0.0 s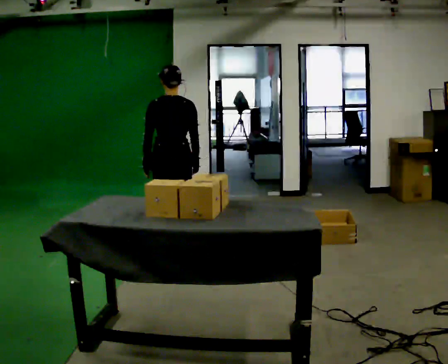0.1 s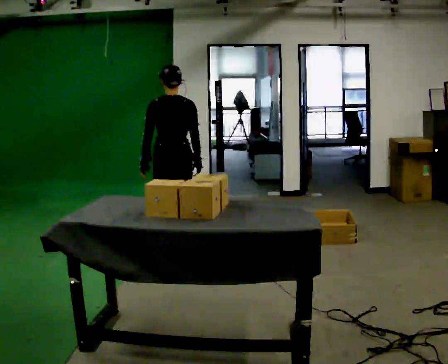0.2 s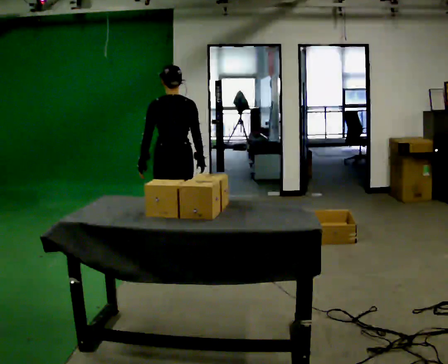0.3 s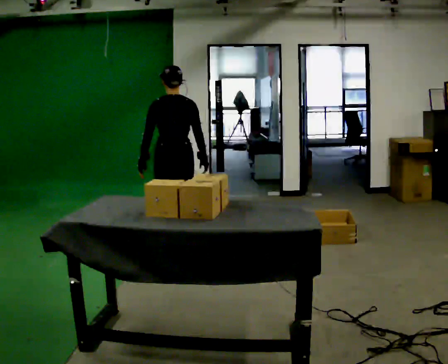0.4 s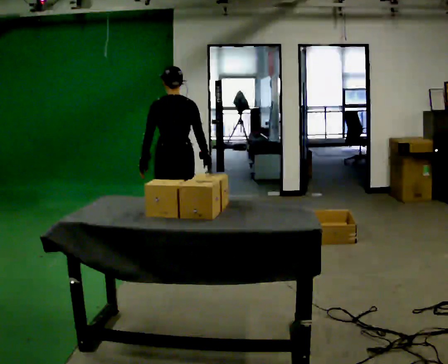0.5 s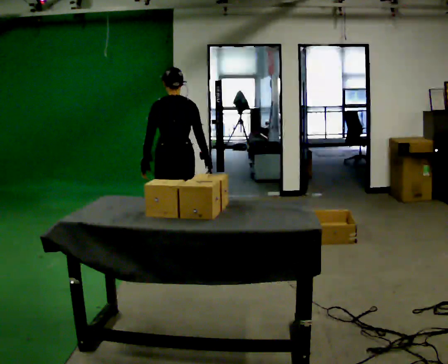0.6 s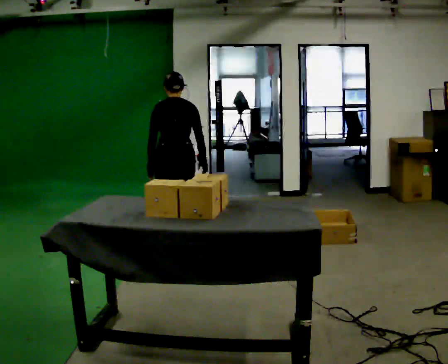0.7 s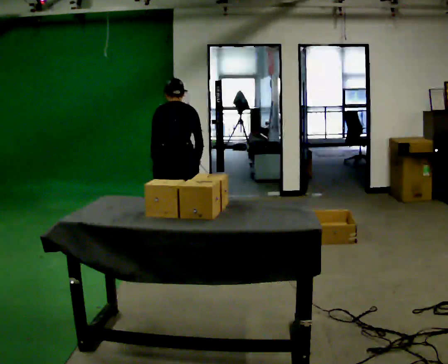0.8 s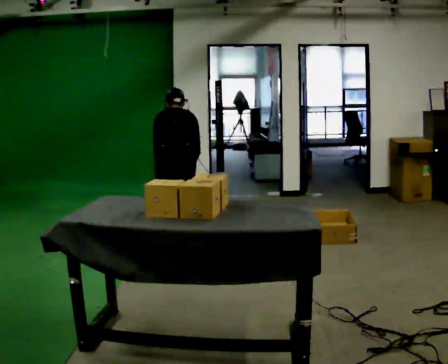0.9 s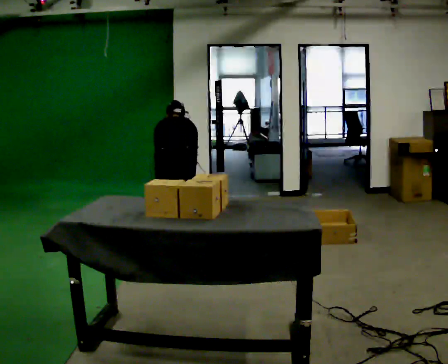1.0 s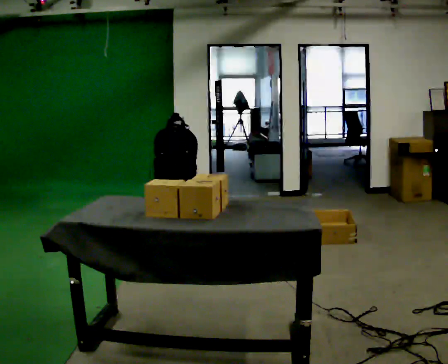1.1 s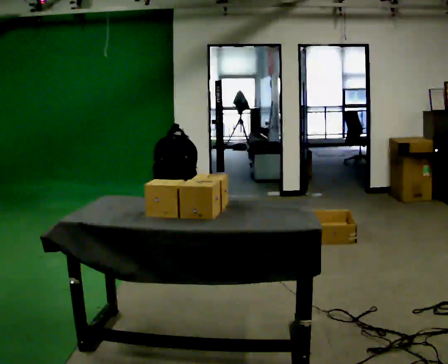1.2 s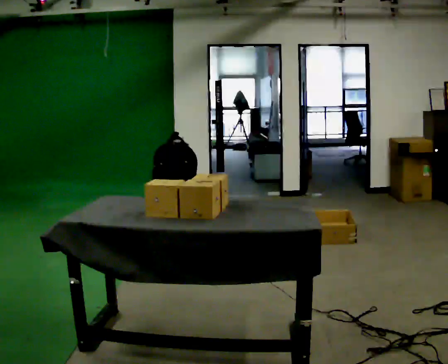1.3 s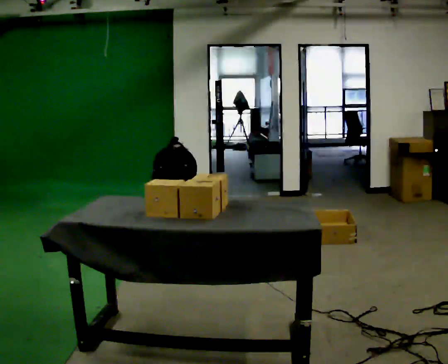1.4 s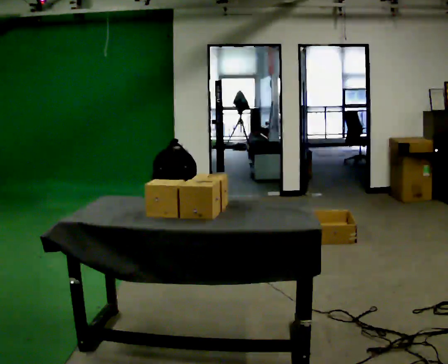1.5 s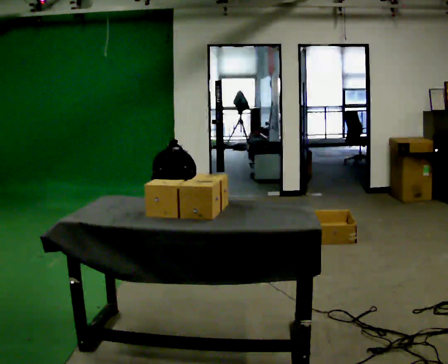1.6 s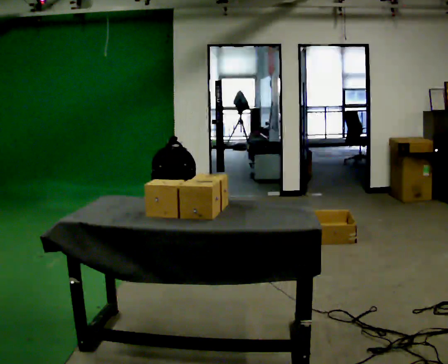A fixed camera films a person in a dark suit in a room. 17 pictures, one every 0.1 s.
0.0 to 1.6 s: In the picture they go toward the camera, about 0.25 m, which for them is backward. The upper body goes downward. The upper body tips away from the camera, its near side rolling upward, as they bend forward. In the picture their left hand goes downward.
The film runs backward here.
